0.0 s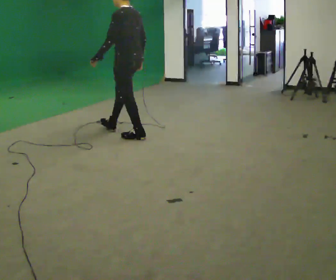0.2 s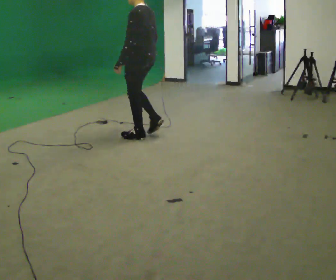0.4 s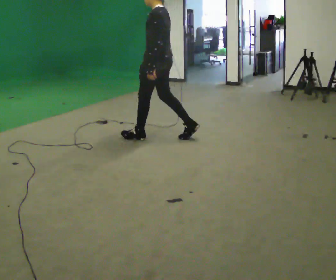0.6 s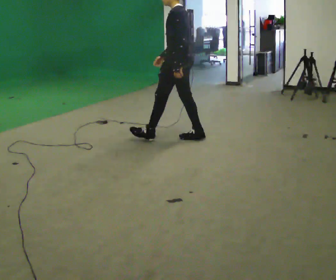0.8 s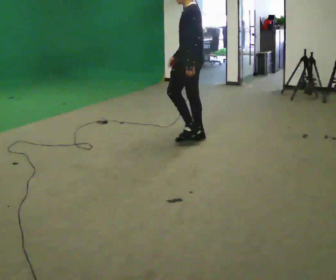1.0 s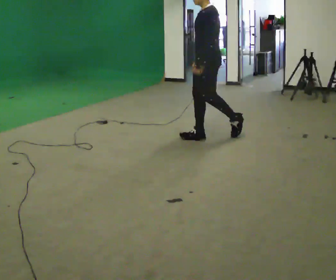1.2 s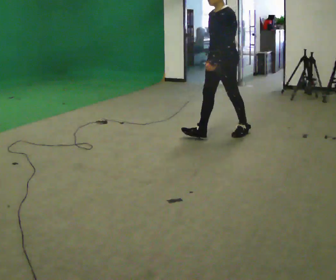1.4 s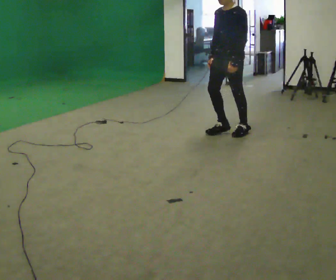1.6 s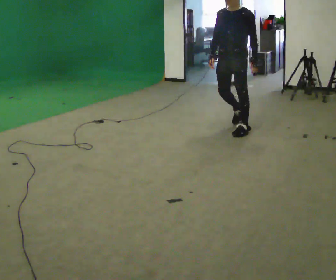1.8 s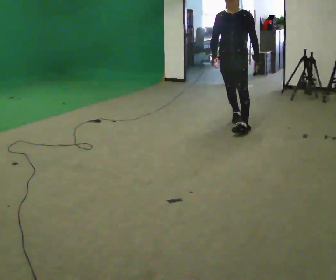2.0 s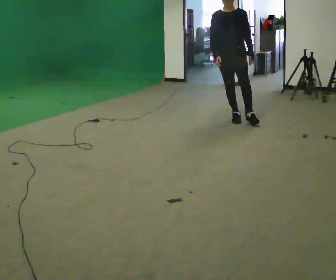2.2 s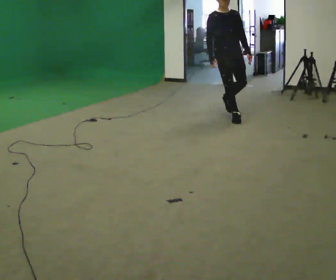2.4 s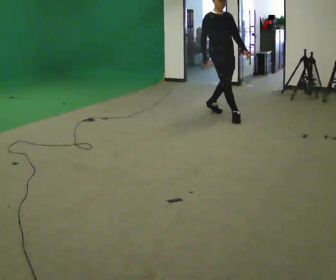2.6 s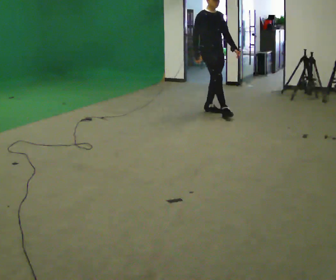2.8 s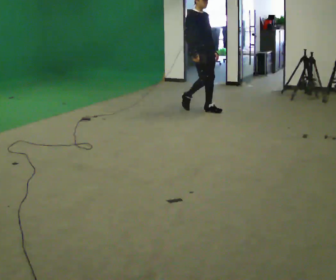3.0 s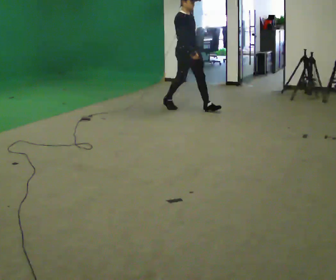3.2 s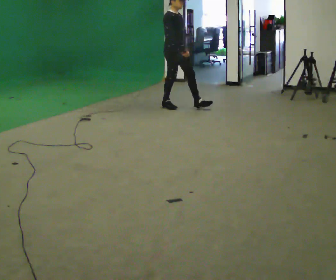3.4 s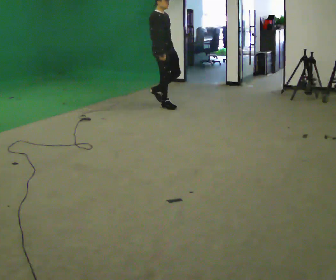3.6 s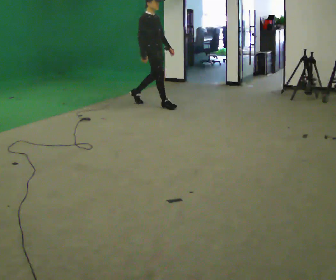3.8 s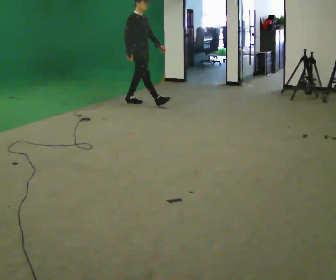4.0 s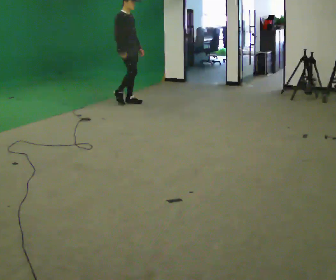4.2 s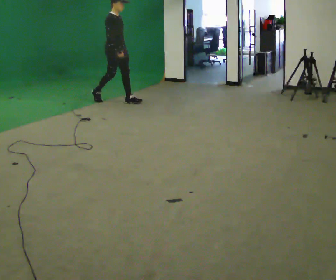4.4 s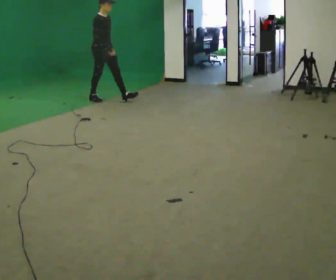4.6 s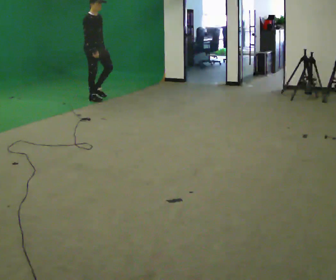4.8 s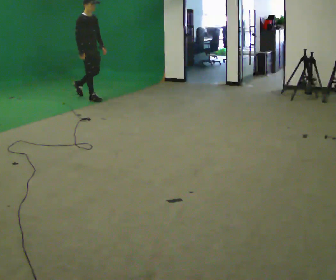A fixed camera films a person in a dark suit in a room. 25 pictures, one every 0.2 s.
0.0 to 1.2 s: The person turns about 45 degrees to their left, counterclockwise seen from above, so the part of the body nearest the lens slides to the right. In the picture they go to the right, about 1 m in 2 steps, which for them is backward.
1.2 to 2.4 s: The person turns about 105 degrees to their left, counterclockwise seen from above, so the part of the body nearest the lens slides to the right. In the picture they go away from the camera, about 1 m in 1 step.
2.4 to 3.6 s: The person turns about 30 degrees to their left, counterclockwise seen from above, so the part of the body nearest the lens slides to the right. In the picture they go to the left and away from the camera, about 1 m in 2 steps, which for them is backward.
3.6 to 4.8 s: In the picture they go to the left, about 1 m in 2 steps, which for them is backward.
The film runs backward here.
